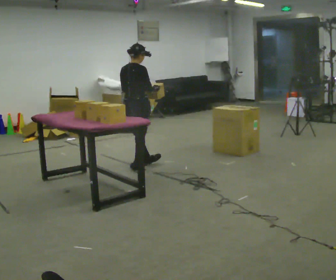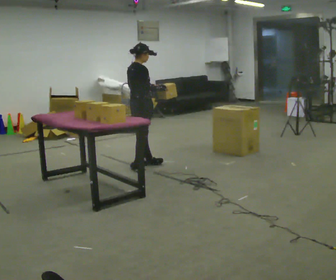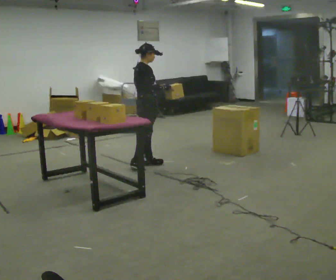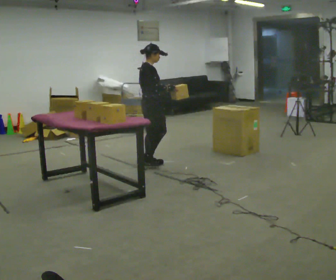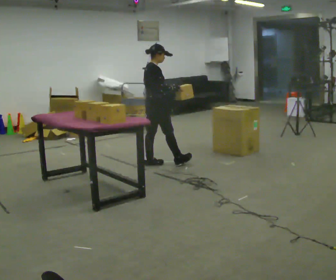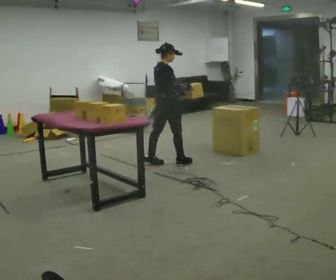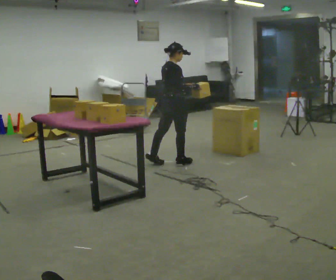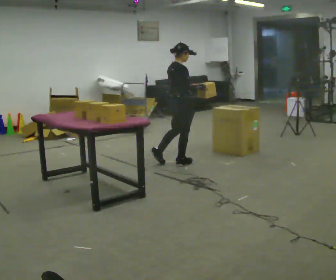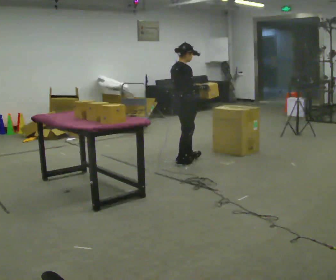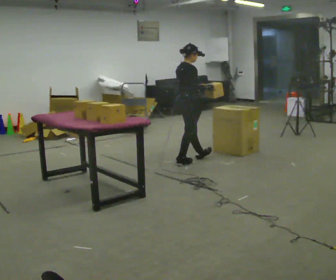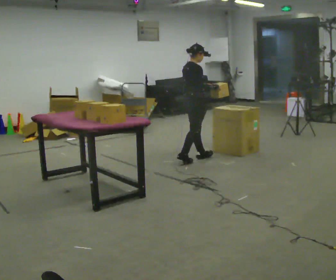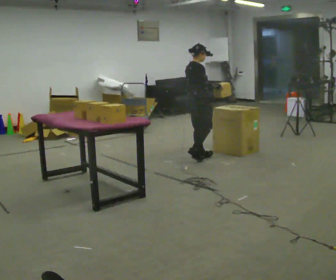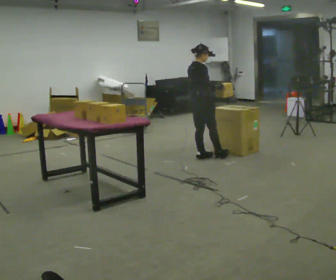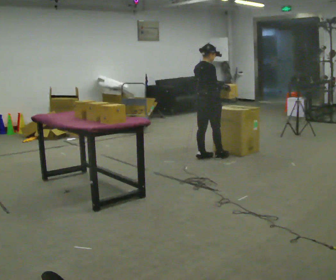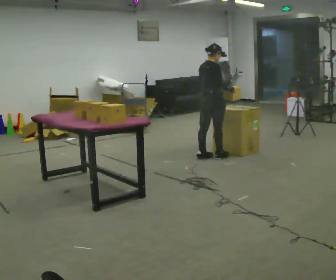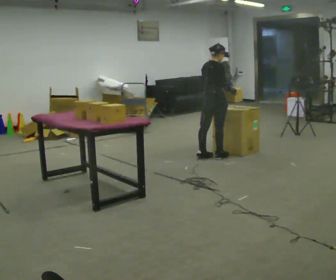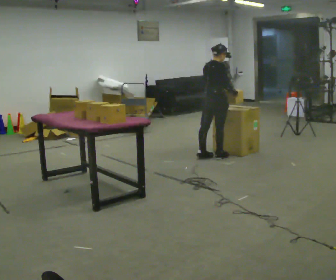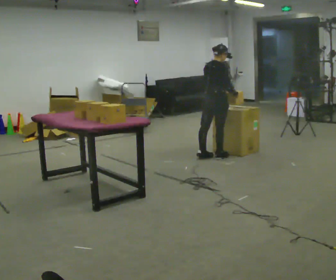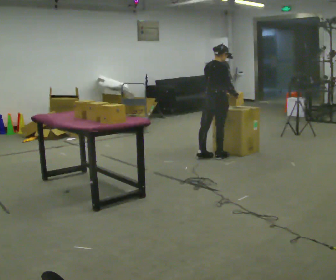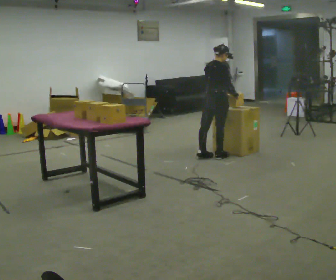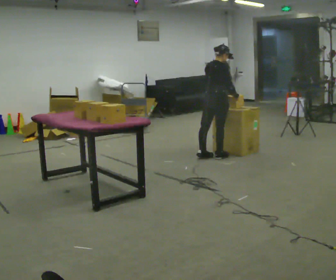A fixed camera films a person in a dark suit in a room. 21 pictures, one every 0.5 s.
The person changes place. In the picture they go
to the right.
0.0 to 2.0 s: Seen from above the body turns clockwise, about 45 degrees: to their right, with its near side sliding to the left. In the picture they go away from the camera and to the right, about 0.25 m in 1 step, which for them is forward and to their left.
2.0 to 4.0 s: In the picture they go to the right, about 0.25 m, which for them is forward and to their right.
4.0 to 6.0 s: In the picture they go away from the camera and to the right, about 0.25 m in 2 steps, which for them is forward and to their left.
6.0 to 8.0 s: In the picture they go to the right, about 0.25 m, which for them is forward.
8.0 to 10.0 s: The person moves a little, or ends about where they began.
The film runs forward here.
